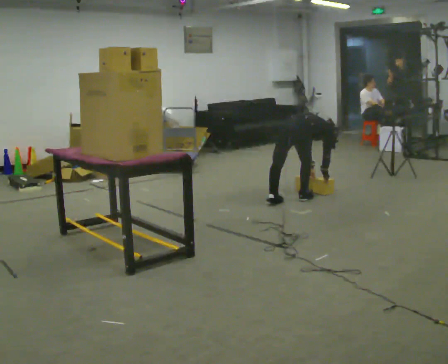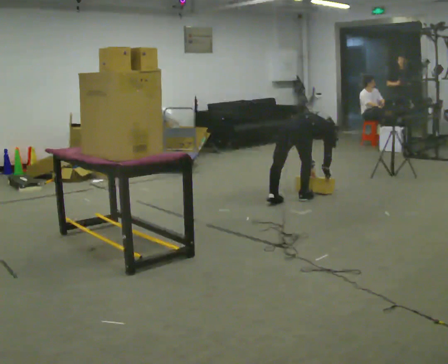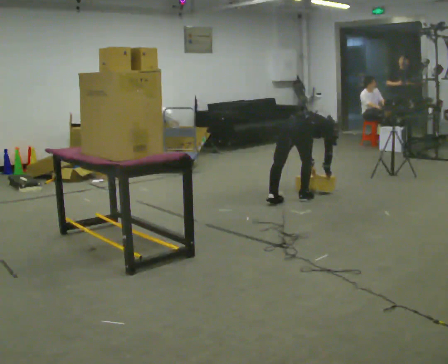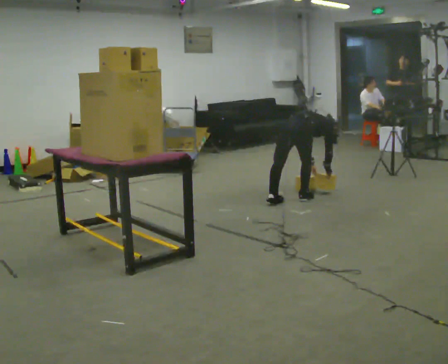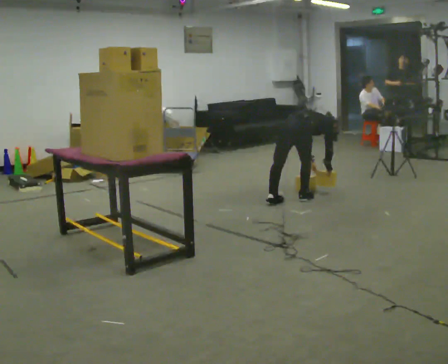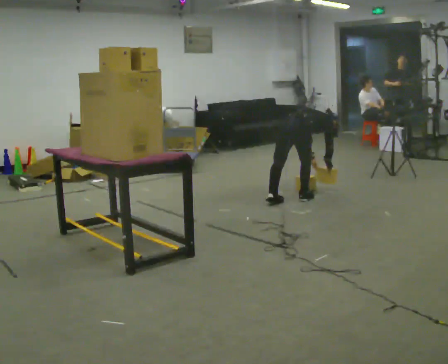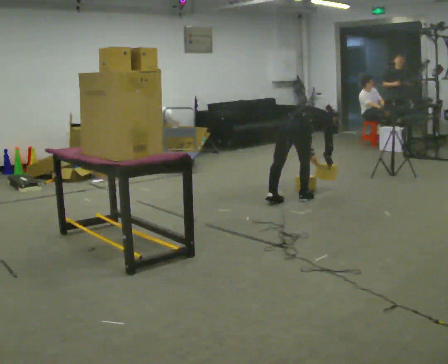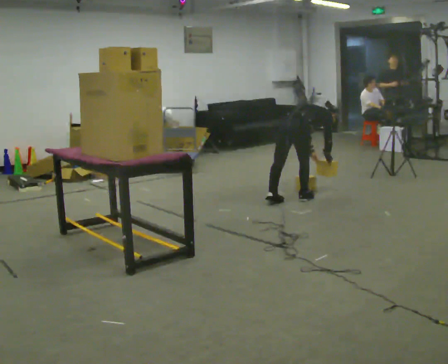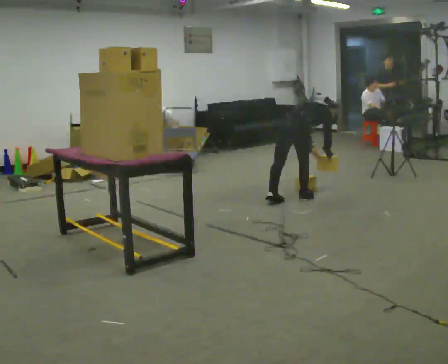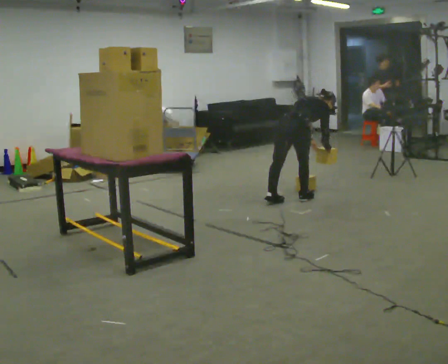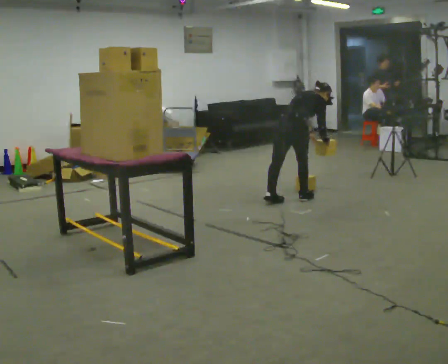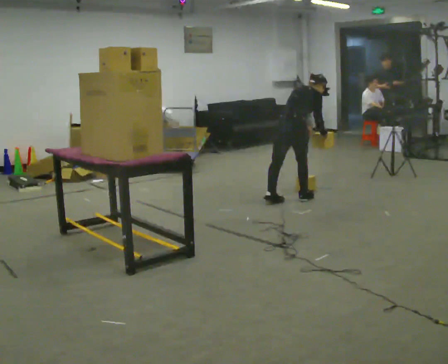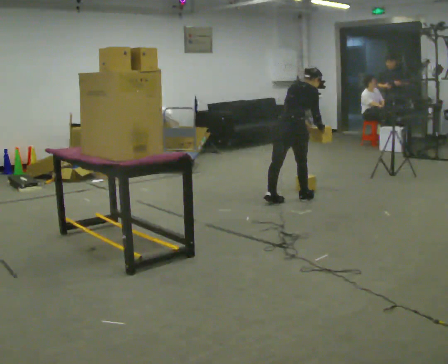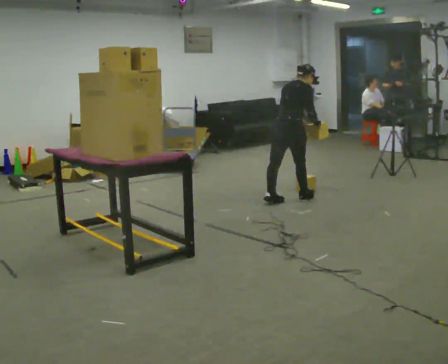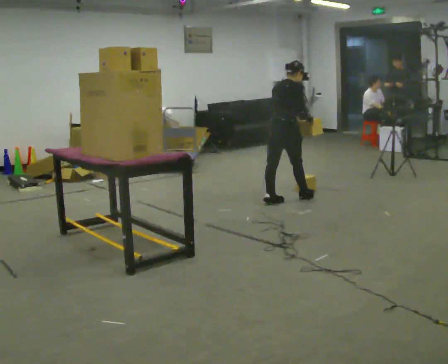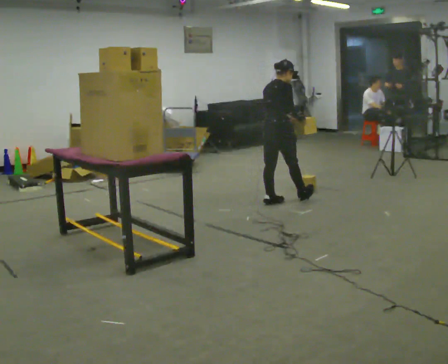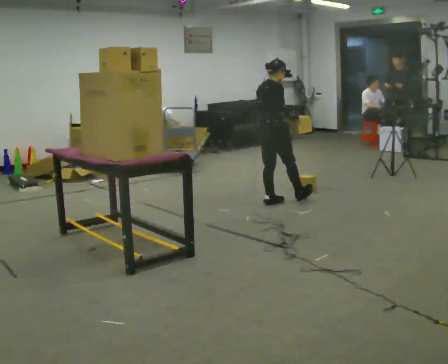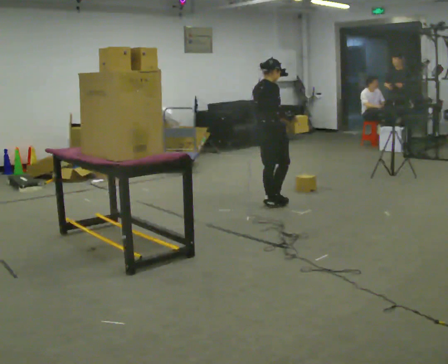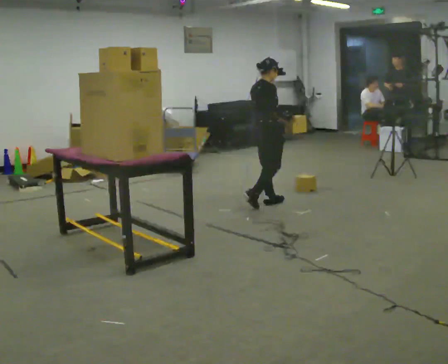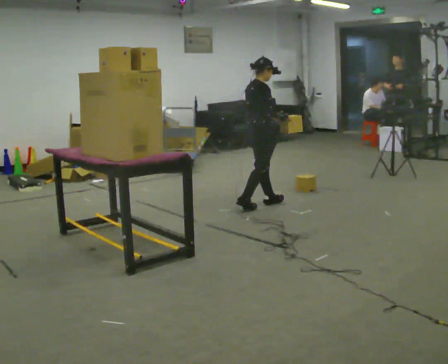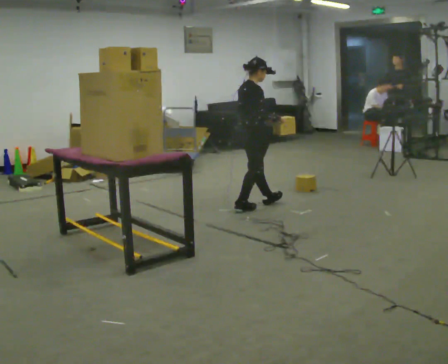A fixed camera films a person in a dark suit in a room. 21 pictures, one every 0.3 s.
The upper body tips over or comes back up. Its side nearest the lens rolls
downward.
The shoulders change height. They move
upward.
0.0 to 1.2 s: The person moves a little, or ends about where they began.
1.2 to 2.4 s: The upper body tips toward the camera, its near side rolling downward, as they lean back or straighten.
2.4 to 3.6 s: The upper body goes upward. The upper body tips toward the camera, its near side rolling downward, as they lean back or straighten. In the picture their right hand goes upward.
3.6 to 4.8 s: In the picture they go to the left, about 0.25 m in 1 step, which for them is backward. The upper body tips toward the camera, its near side rolling downward, as they lean back or straighten.
4.8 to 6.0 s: In the picture they go toward the camera and to the left, about 0.25 m, which for them is backward.
The film runs backward here.
